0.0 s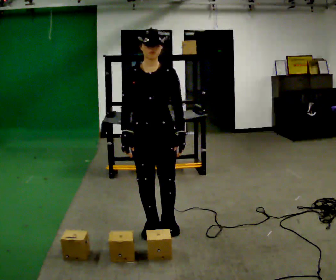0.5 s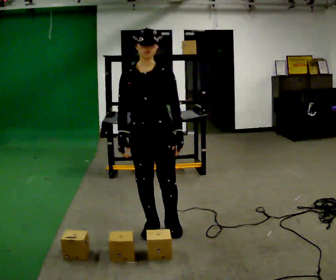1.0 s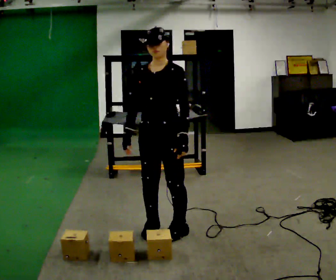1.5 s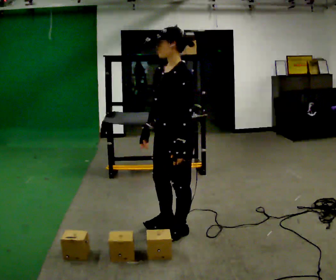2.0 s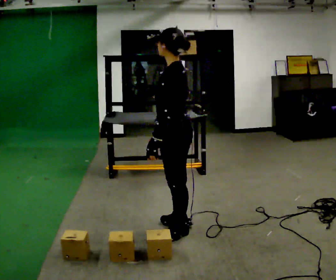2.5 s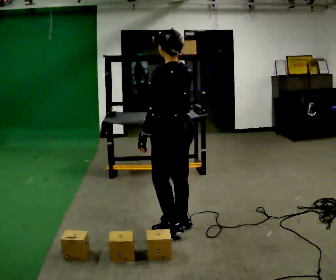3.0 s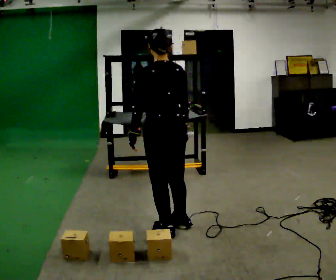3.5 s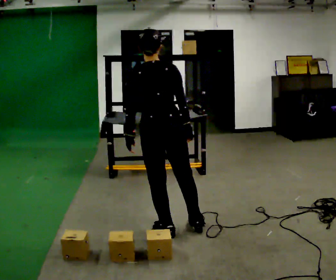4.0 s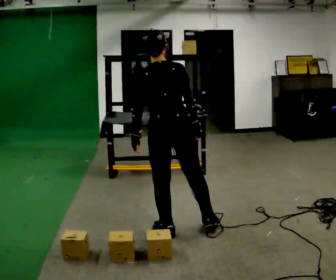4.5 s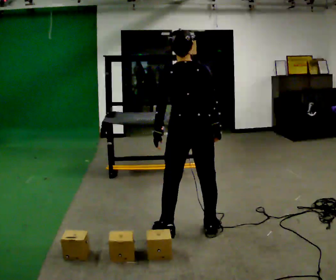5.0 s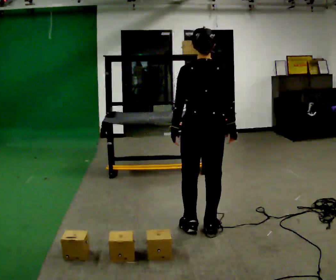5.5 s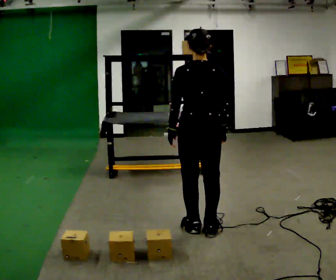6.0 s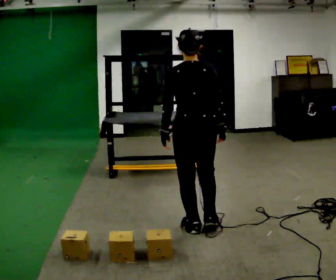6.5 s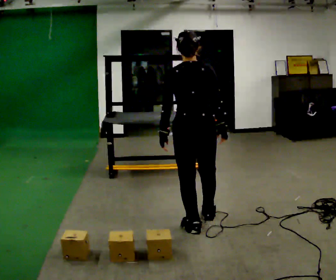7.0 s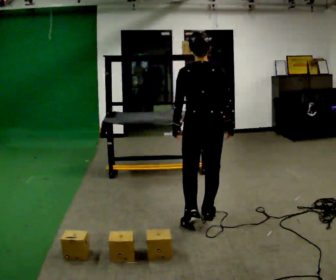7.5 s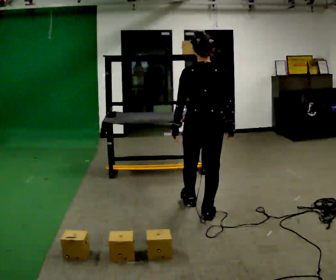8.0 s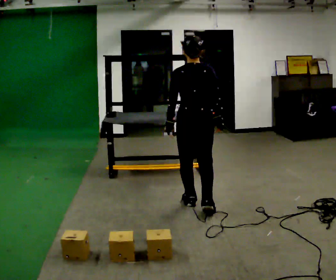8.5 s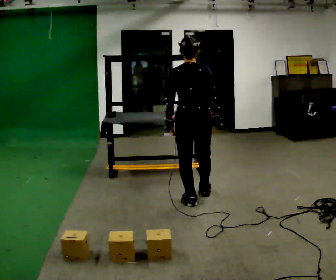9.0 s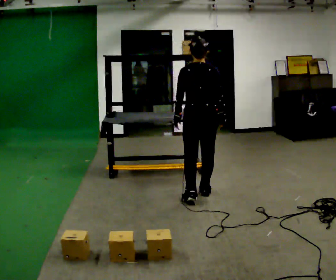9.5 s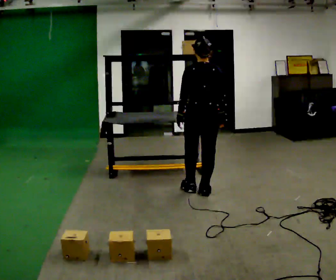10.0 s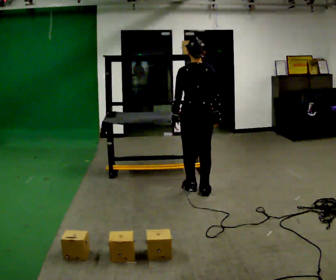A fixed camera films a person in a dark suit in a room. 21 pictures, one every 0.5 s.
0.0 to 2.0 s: The person turns about 105 degrees to their right, clockwise seen from above, so the part of the body nearest the lens slides to the left. In the picture they go to the right, about 0.25 m in 2 steps.
2.0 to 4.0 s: The person turns about 75 degrees to their right, clockwise seen from above, so the part of the body nearest the lens slides to the left.
4.0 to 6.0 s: In the picture they go to the right, about 0.25 m in 1 step, which for them is to their right.
6.0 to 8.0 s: In the picture they go away from the camera, about 0.5 m in 2 steps, which for them is forward.
8.0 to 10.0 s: In the picture they go away from the camera, about 0.5 m in 2 steps, which for them is forward.
The film runs forward here.
